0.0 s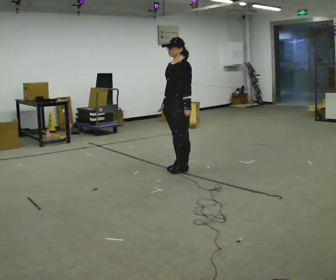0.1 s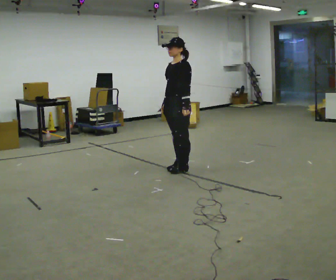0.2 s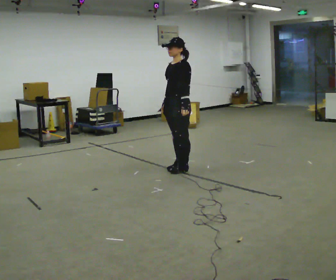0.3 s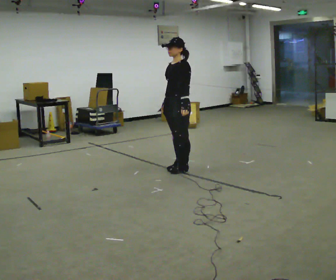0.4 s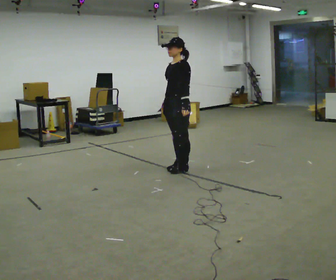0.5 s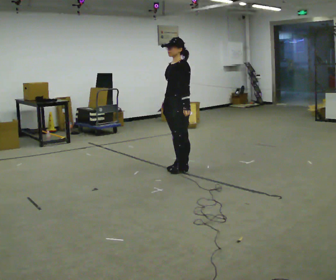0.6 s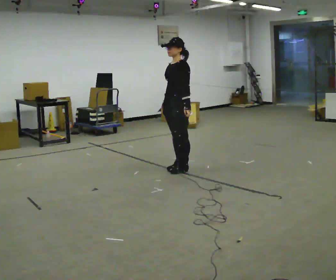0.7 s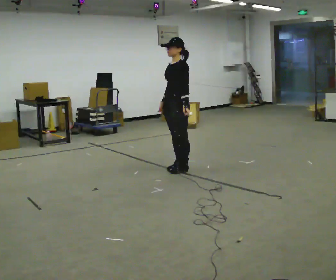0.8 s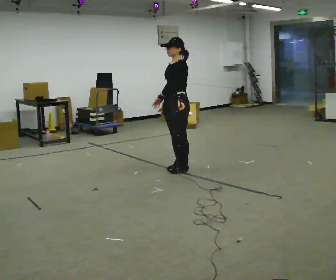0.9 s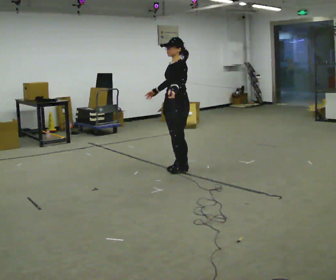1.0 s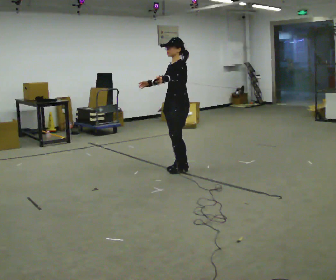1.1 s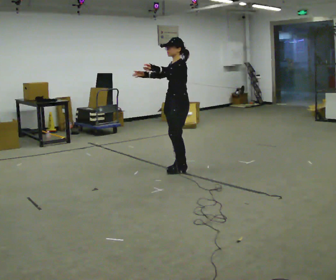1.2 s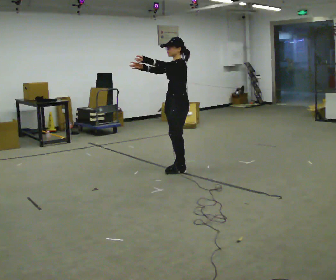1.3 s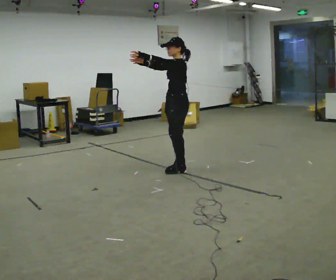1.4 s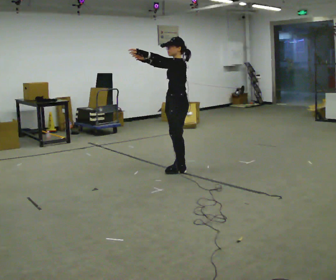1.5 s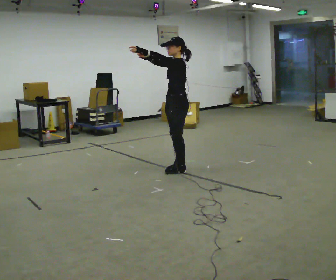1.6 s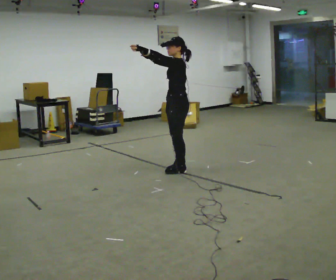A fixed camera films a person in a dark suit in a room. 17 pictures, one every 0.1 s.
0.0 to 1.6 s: The person turns about 30 degrees to their right, clockwise seen from above, so the part of the body nearest the lens slides to the left. In the picture their left hand goes upward and to the left.
The film runs forward here.
